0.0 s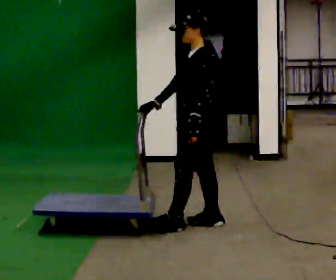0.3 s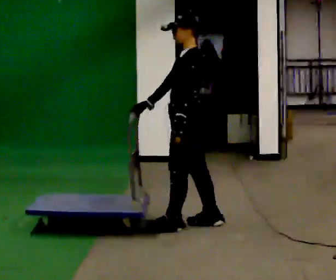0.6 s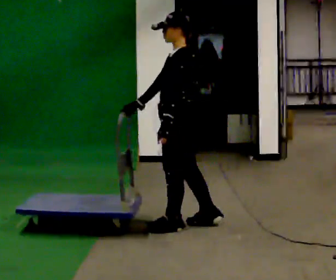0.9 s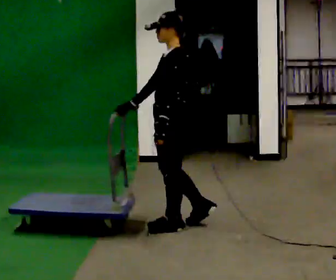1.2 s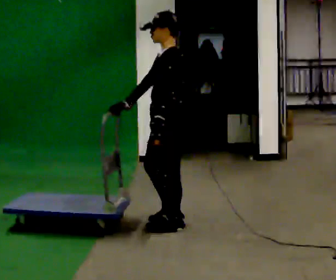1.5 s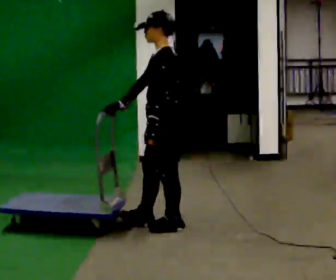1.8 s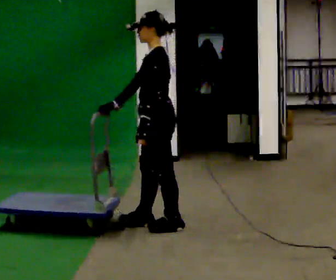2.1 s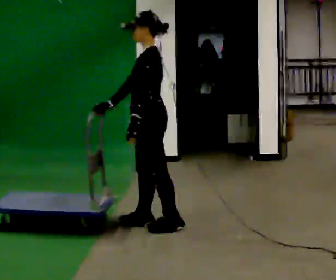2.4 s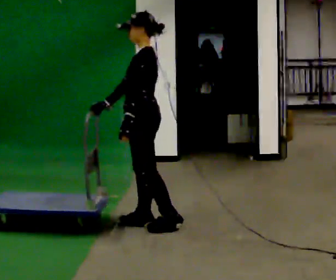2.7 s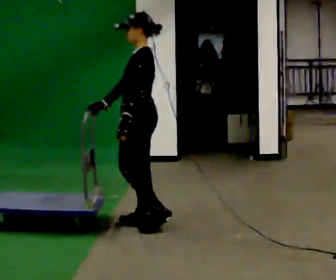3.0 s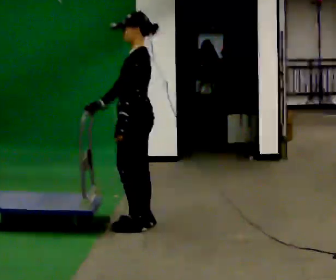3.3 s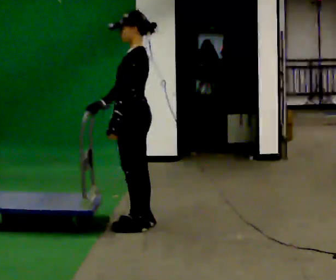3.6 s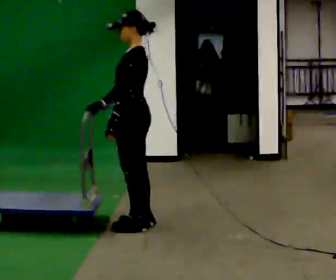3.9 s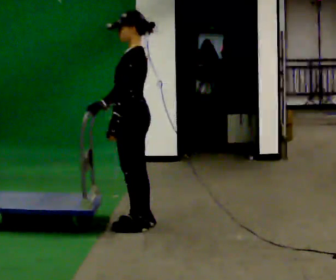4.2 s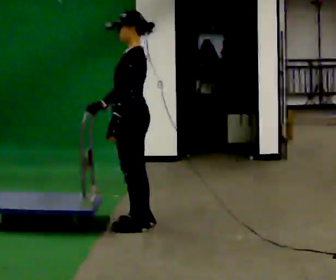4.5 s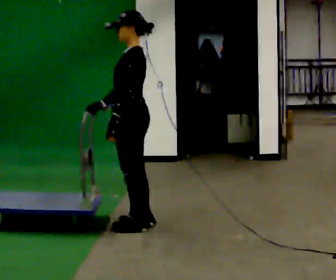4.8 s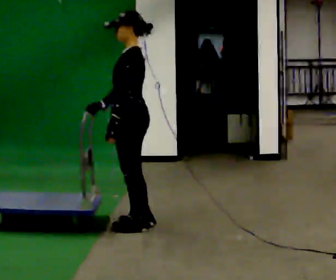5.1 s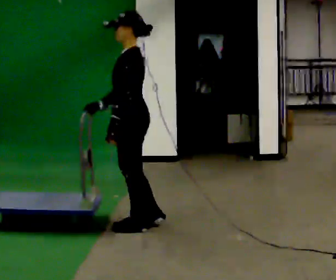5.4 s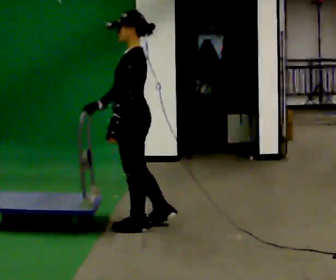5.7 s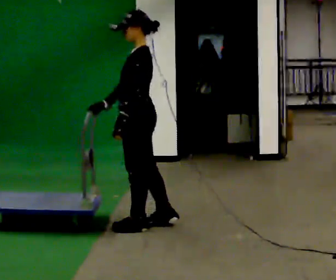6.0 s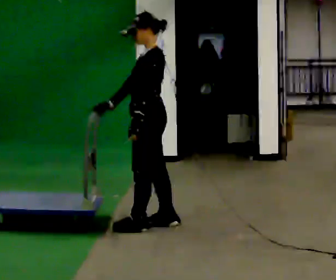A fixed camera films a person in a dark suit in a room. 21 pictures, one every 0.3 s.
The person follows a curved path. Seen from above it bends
clockwise.
0.0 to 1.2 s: In the picture they go to the left, about 0.25 m, which for them is forward.
1.2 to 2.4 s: In the picture they go to the left, about 0.25 m in 1 step, which for them is forward.
2.4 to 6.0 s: The person moves a little, or ends about where they began.
The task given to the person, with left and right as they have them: Push the cart across the room using only the hand the operator calls. Keep your other arm at your side.
The film runs forward here.
